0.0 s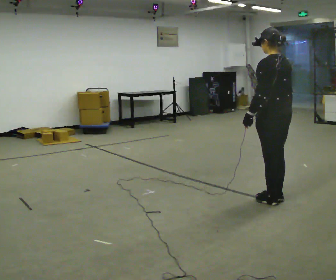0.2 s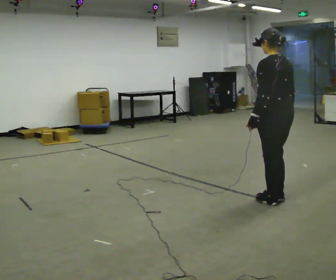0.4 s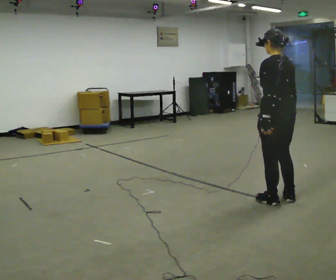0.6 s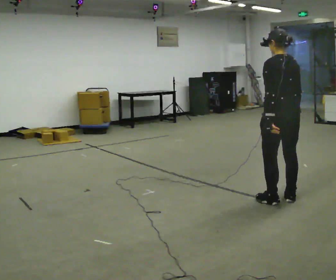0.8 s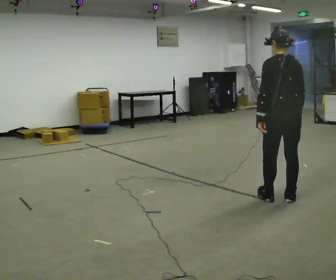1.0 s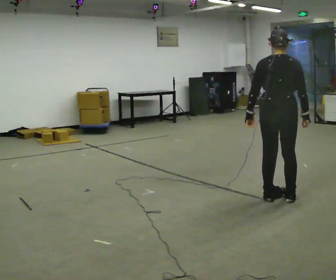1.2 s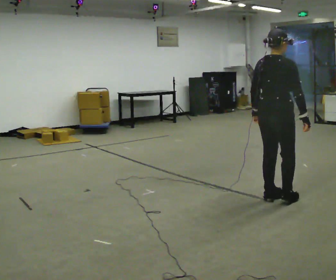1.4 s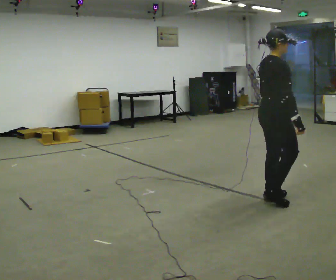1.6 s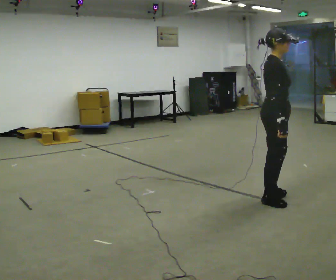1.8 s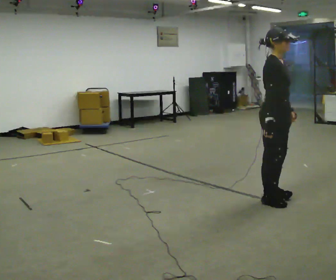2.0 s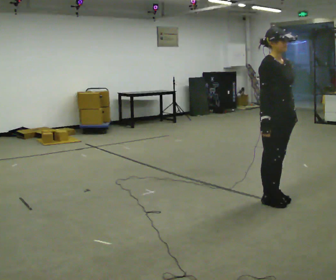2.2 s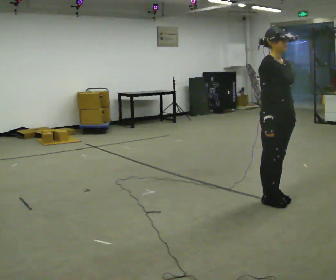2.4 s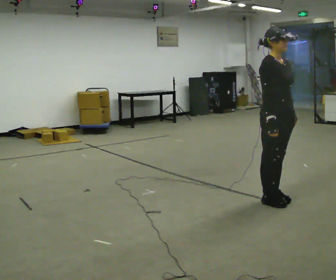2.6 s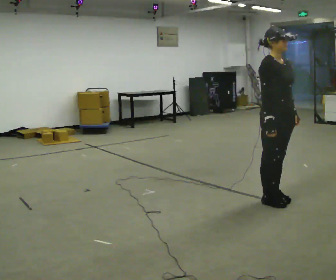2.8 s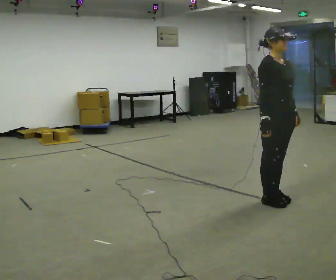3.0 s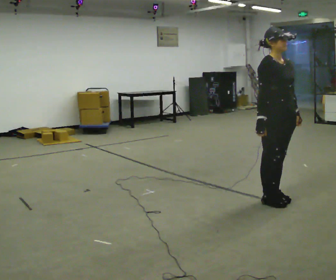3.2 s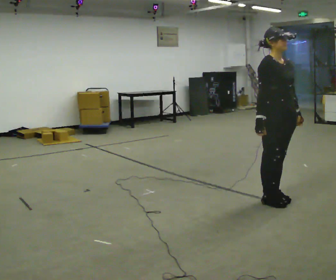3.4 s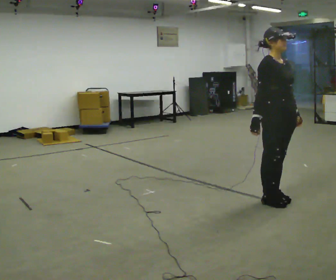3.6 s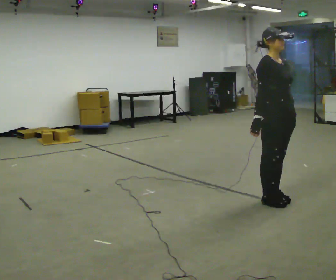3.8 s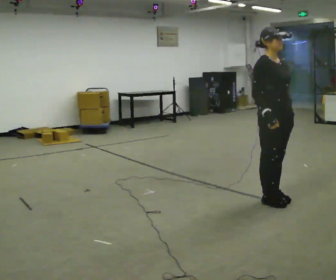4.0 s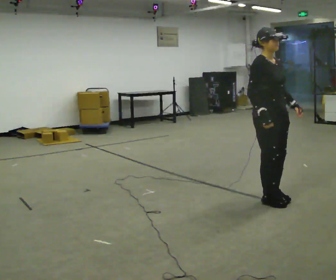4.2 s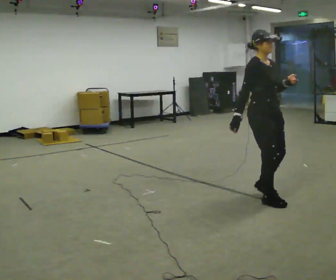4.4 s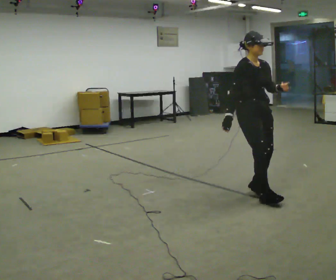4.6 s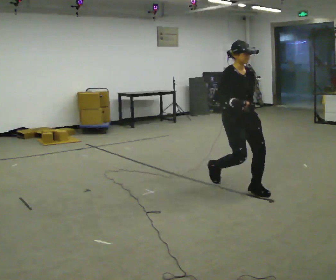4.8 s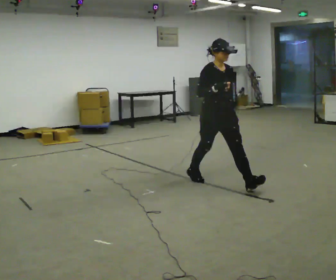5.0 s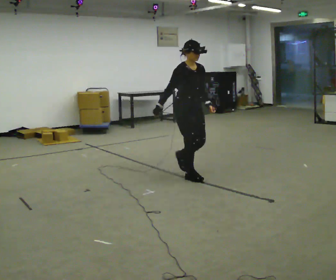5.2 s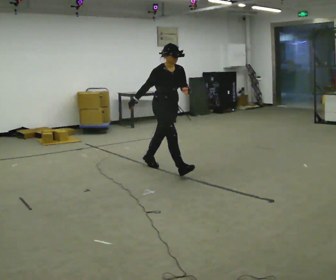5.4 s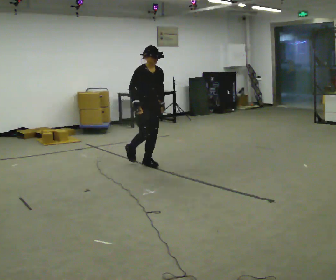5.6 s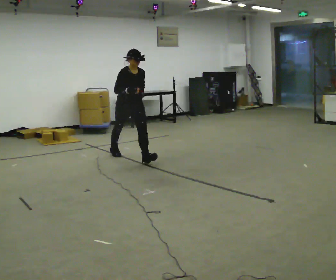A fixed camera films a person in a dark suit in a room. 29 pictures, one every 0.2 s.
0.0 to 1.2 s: Seen from above the body turns clockwise, about 75 degrees: to their right, with its near side sliding to the left.
1.2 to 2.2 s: Seen from above the body turns clockwise, about 90 degrees: to their right, with its near side sliding to the left. In the picture their right hand goes to the left.
2.2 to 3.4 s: The person moves a little, or ends about where they began.
3.4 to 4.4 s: In the picture they go to the left and away from the camera, about 0.25 m in 2 steps, which for them is backward.
4.4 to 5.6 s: In the picture they go to the left and away from the camera, about 2 m in 3 steps, which for them is backward. In the picture the upper body tilts clockwise, shoulders to the right, as they bend forward.
The film runs backward here.
